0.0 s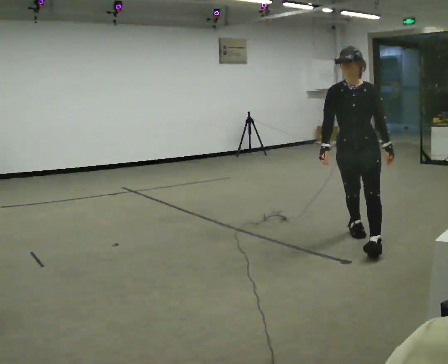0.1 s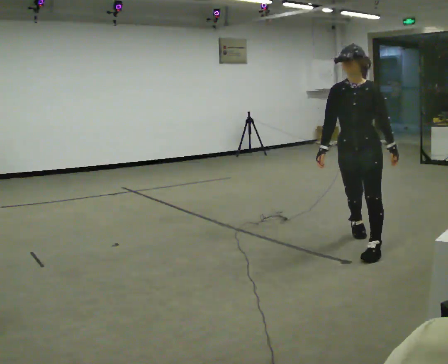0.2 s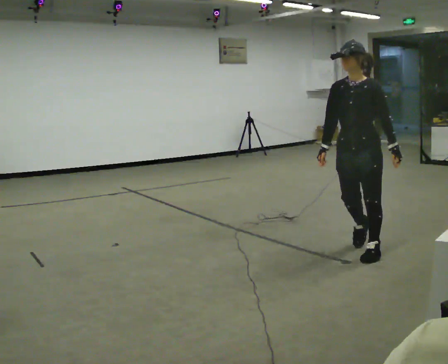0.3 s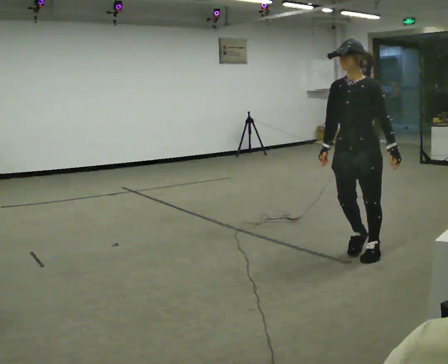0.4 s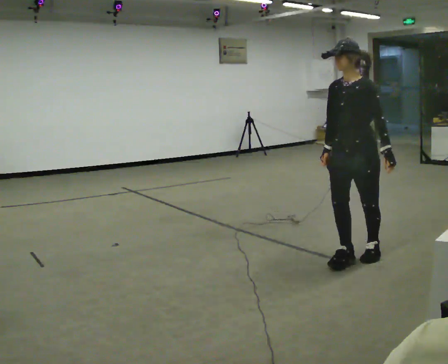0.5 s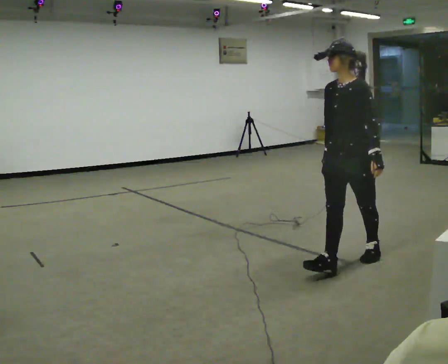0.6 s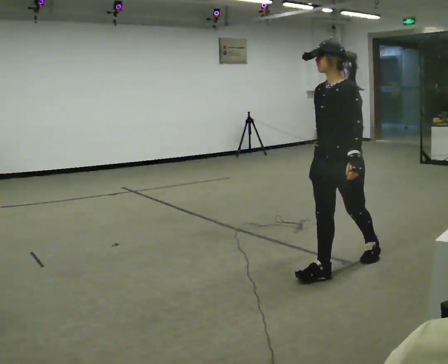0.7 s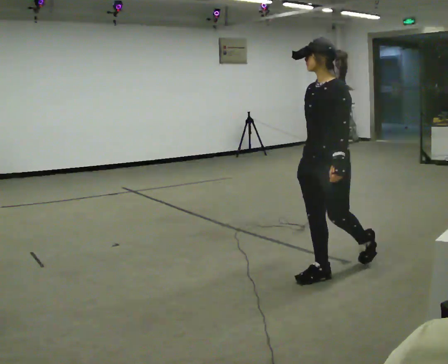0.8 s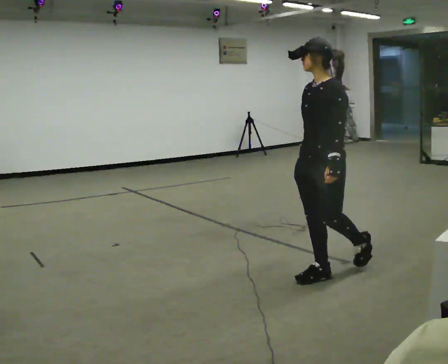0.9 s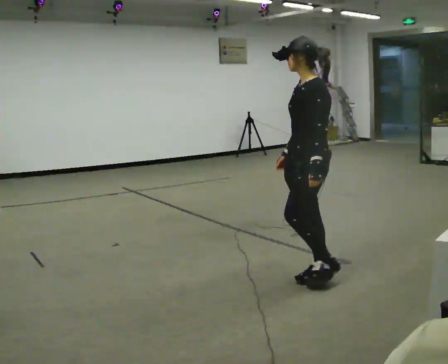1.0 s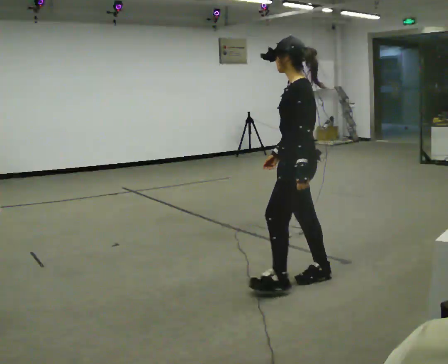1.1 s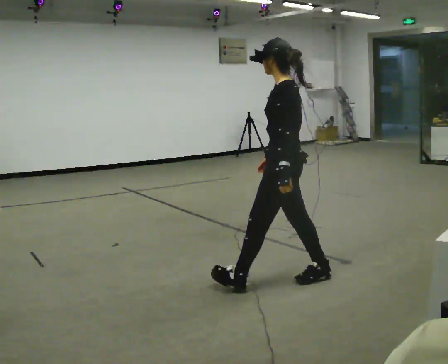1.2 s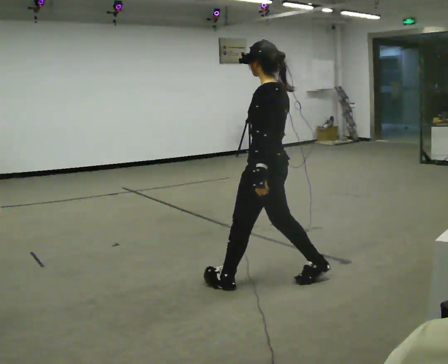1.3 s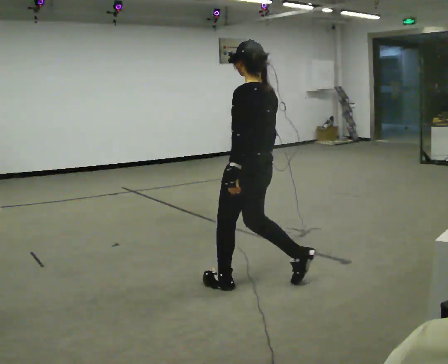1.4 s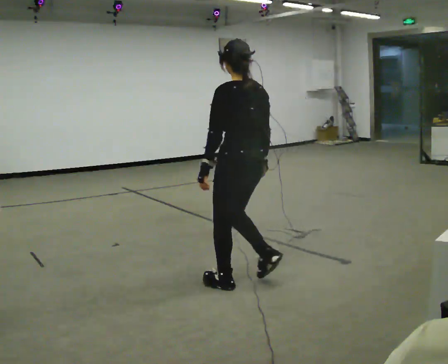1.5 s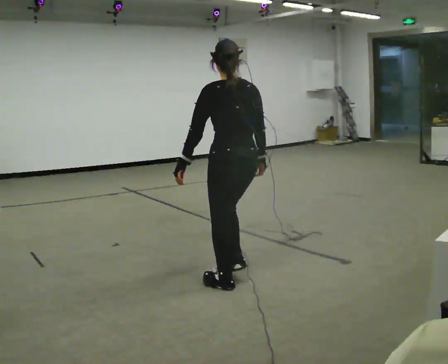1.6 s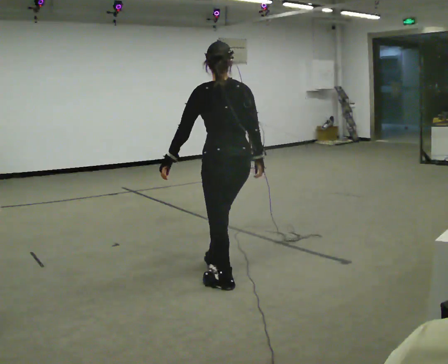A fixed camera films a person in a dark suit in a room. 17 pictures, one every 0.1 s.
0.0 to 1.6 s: The person turns about 135 degrees to their right, clockwise seen from above, so the part of the body nearest the lens slides to the left. In the picture they go to the left and toward the camera, about 1 m in 3 steps.
The film runs forward here.
